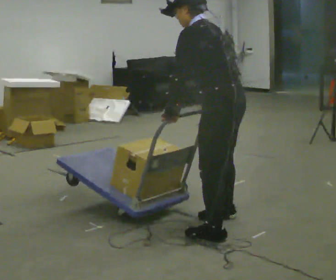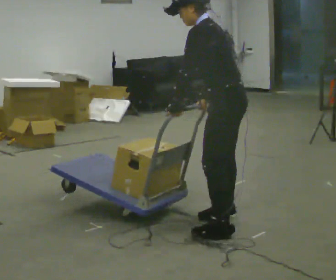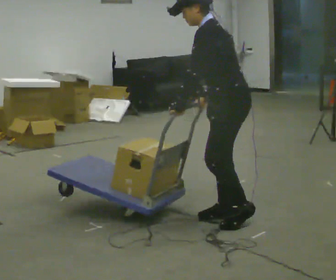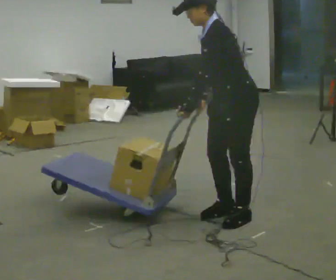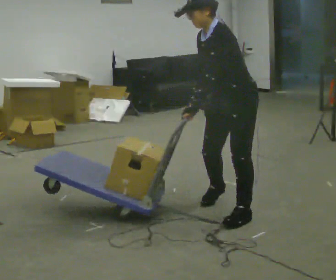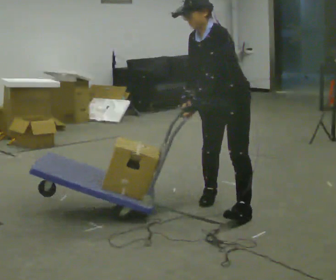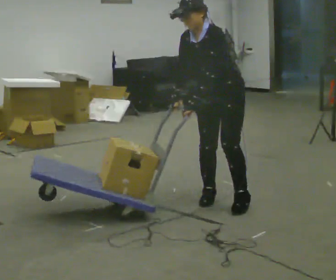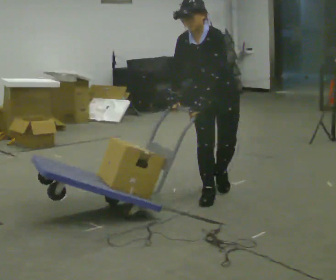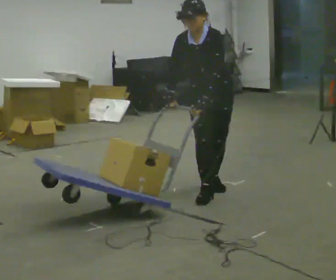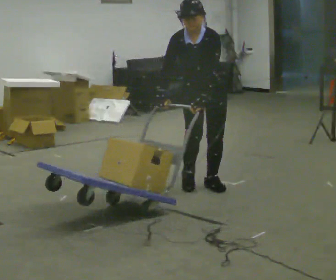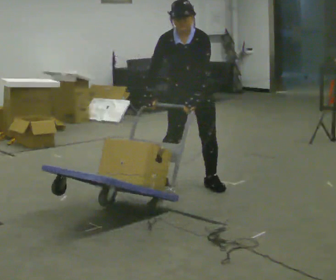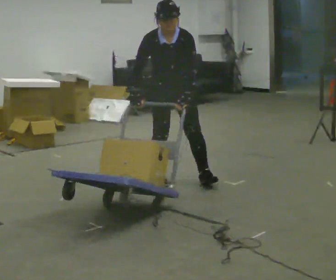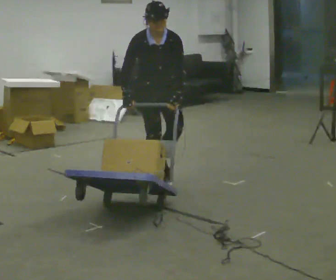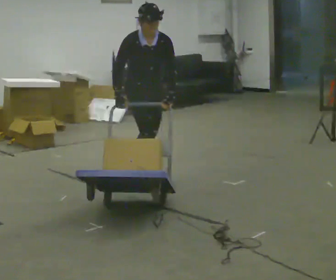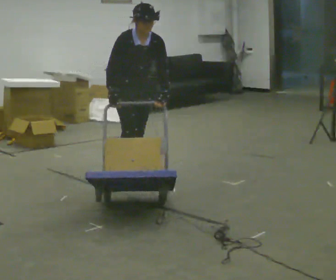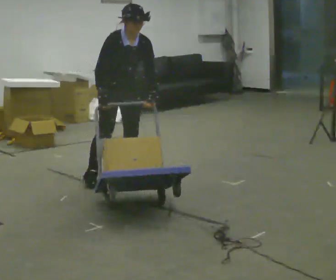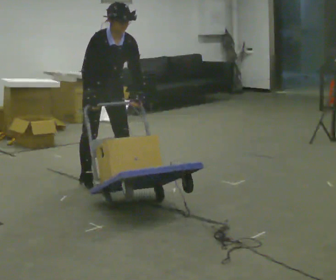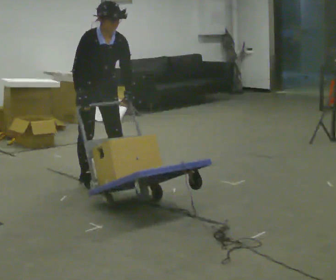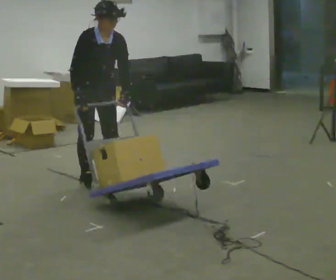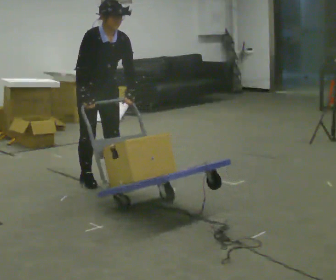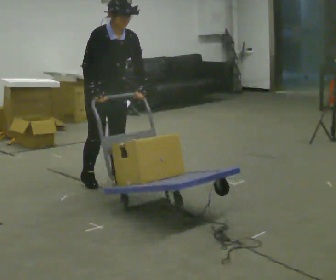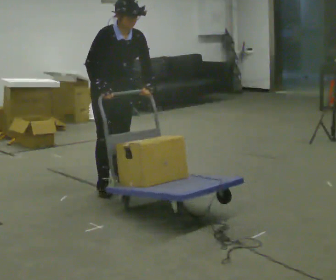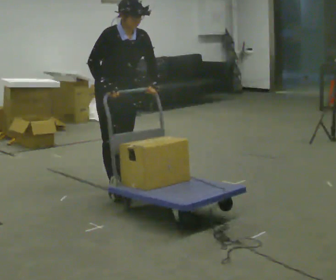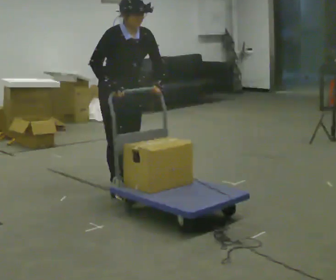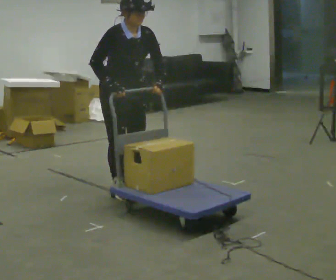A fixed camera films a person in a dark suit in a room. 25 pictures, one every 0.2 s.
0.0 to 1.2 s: The part of the body nearest the lens slides to the right as the person turns to their left by about 75 degrees. In the picture they go away from the camera, about 0.75 m in 3 steps. The upper body tips toward the camera, its near side rolling downward.
1.2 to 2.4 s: The part of the body nearest the lens slides to the right as the person turns to their left by about 60 degrees. In the picture they go away from the camera and to the left, about 1 m in 2 steps, which for them is to their right and backward. In the picture the upper body tilts clockwise, shoulders to the right.
2.4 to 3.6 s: In the picture they go to the left, about 0.5 m in 2 steps, which for them is to their right and backward.
3.6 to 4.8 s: In the picture they go toward the camera and to the right, about 0.5 m in 2 steps, which for them is forward.
The film runs backward here.
